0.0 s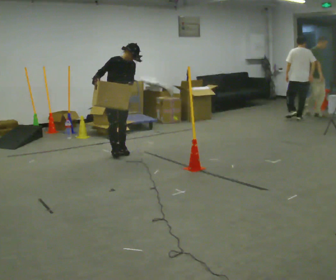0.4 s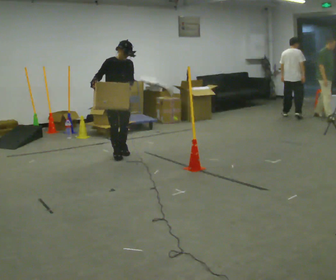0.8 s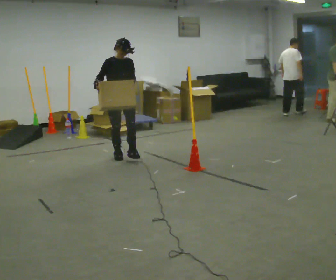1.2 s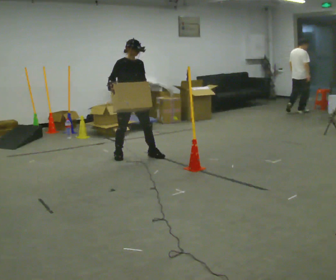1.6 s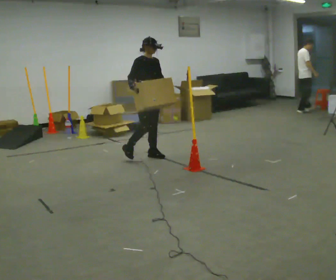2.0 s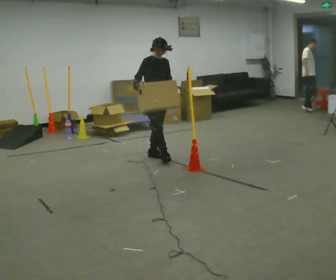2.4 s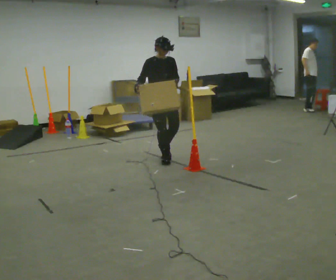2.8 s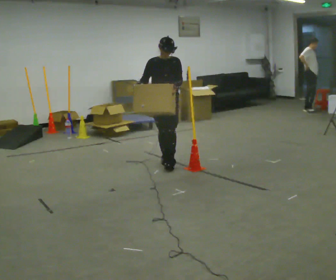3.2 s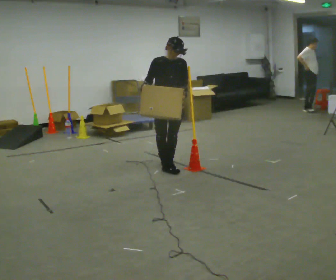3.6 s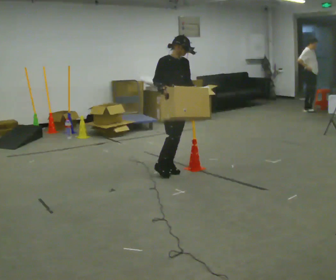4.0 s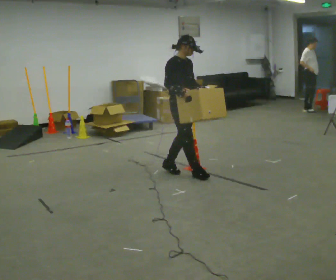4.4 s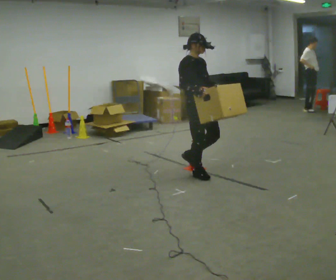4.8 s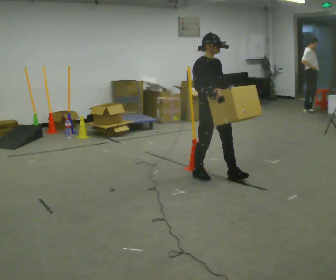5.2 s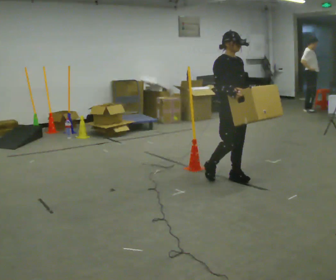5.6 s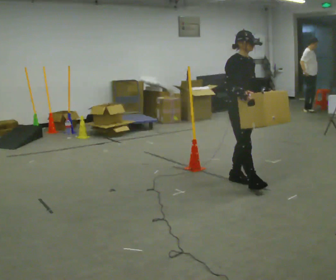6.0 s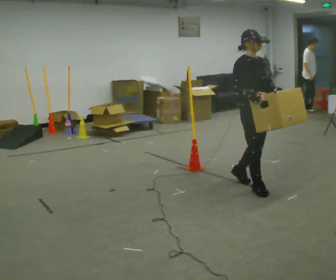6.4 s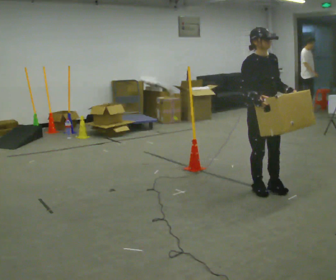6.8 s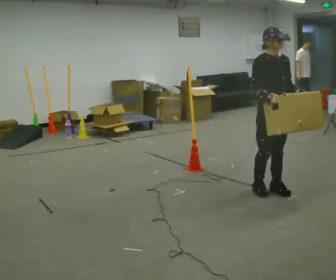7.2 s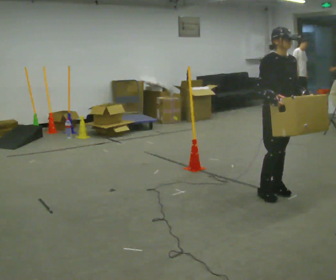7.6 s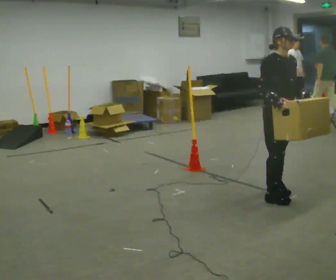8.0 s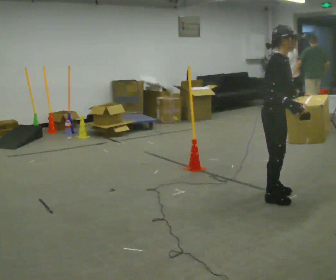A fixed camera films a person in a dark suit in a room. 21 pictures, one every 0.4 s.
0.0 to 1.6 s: In the picture they go to the right and toward the camera, about 0.5 m in 2 steps, which for them is forward and to their left.
1.6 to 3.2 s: The part of the body nearest the lens slides to the left as the person turns to their right by about 45 degrees. In the picture they go toward the camera and to the right, about 0.5 m in 2 steps, which for them is forward.
3.2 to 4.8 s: The part of the body nearest the lens slides to the right as the person turns to their left by about 45 degrees. In the picture they go to the right and toward the camera, about 0.5 m in 1 step, which for them is forward.
4.8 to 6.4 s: In the picture they go toward the camera and to the right, about 0.5 m in 3 steps, which for them is forward.
6.4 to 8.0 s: Seen from above the body turns counterclockwise, about 45 degrees: to their left, with its near side sliding to the right. In the picture they go toward the camera, about 0.25 m in 1 step, which for them is forward.
The film runs forward here.
